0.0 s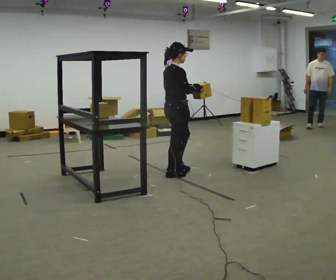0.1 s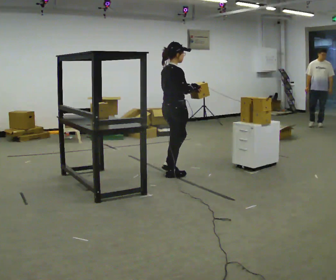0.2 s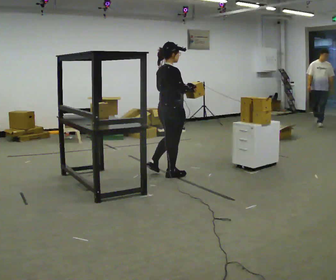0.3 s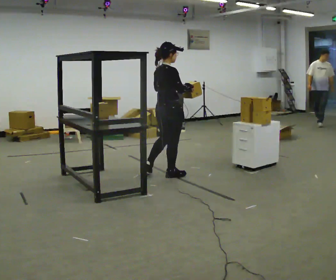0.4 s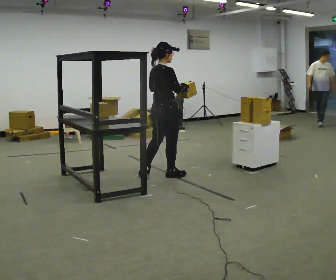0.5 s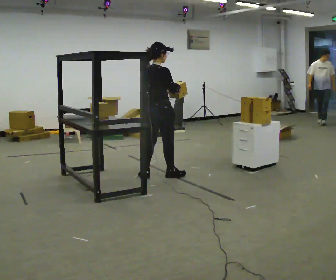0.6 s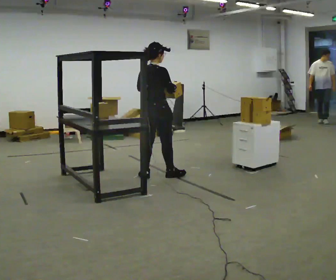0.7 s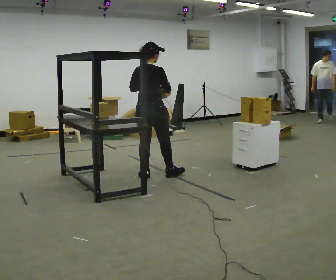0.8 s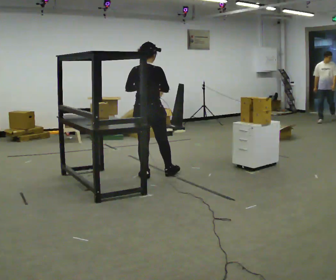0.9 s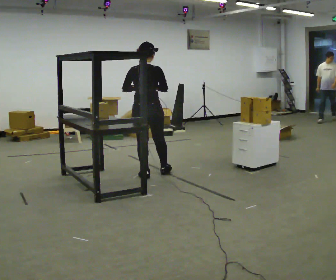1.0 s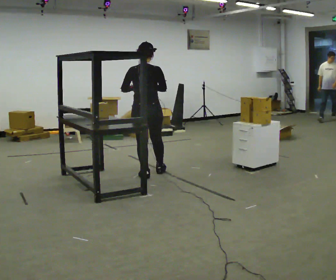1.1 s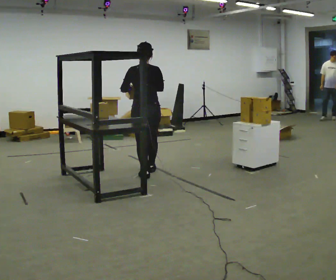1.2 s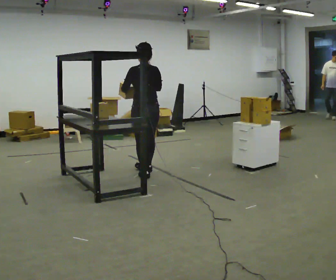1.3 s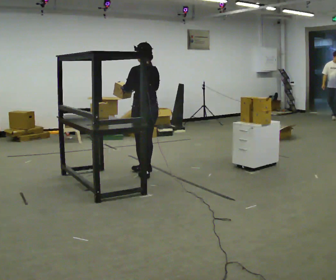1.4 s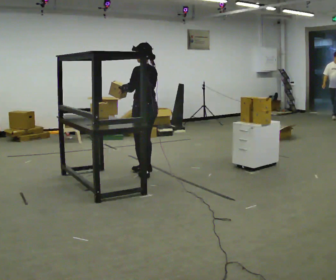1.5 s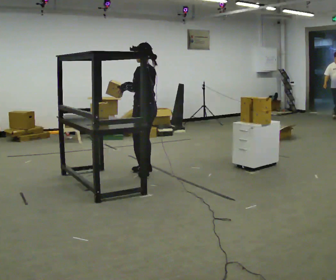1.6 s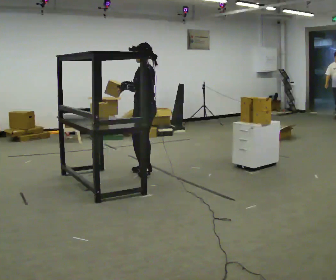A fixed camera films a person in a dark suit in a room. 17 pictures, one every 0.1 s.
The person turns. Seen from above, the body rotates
counterclockwise.
The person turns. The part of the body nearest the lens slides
to the right.
0.0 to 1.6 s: The part of the body nearest the lens slides to the right as the person turns to their left by about 135 degrees. In the picture they go to the left and away from the camera, about 0.25 m in 2 steps.
The film runs backward here.
